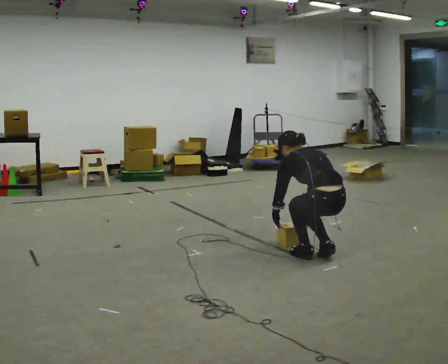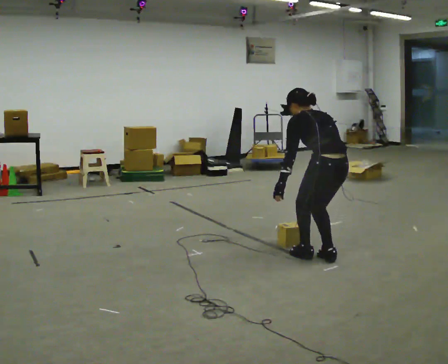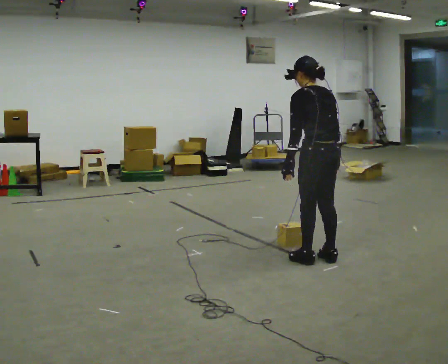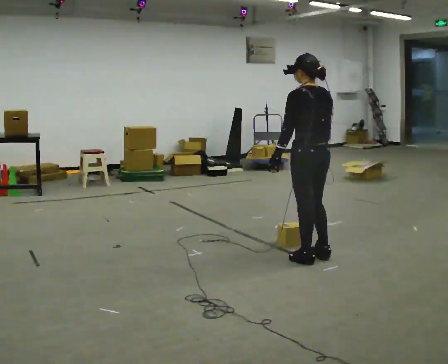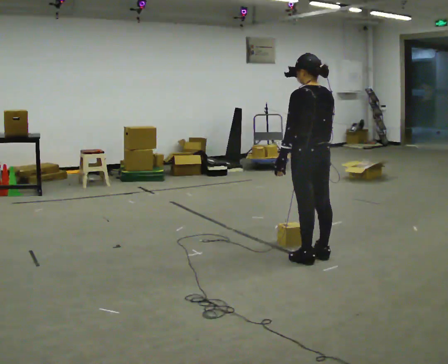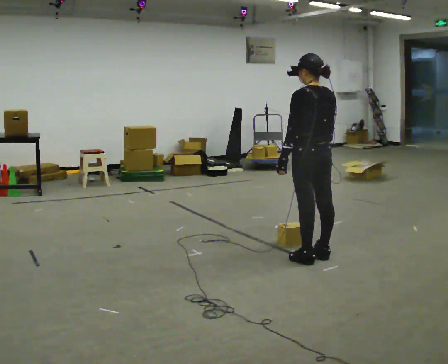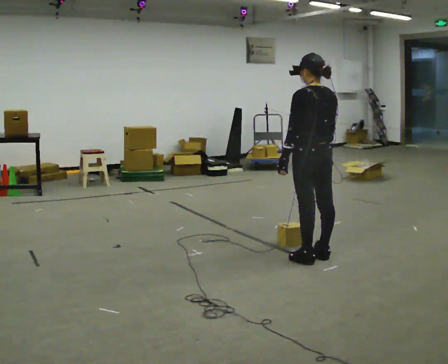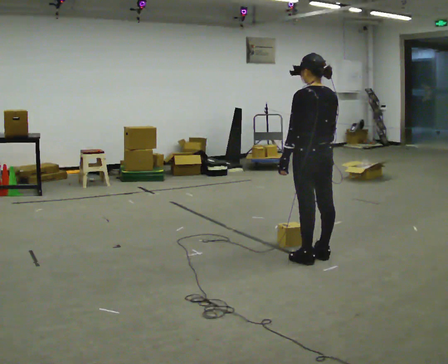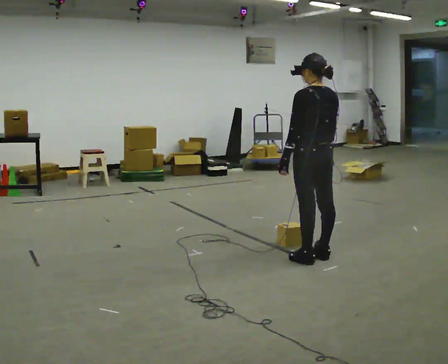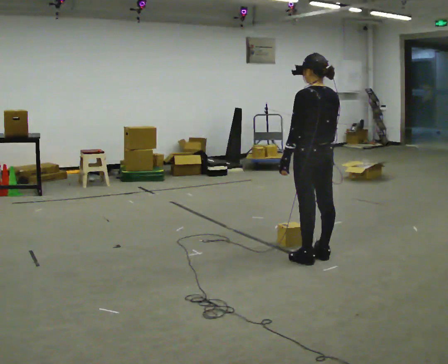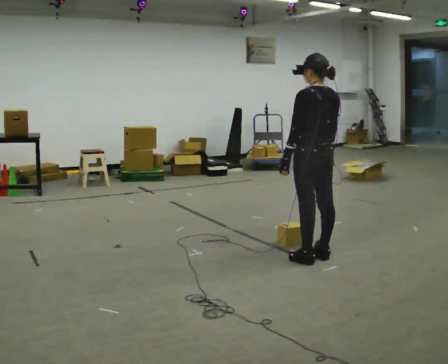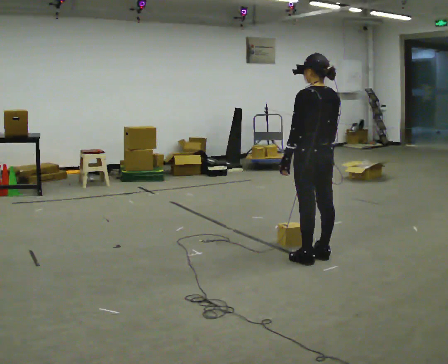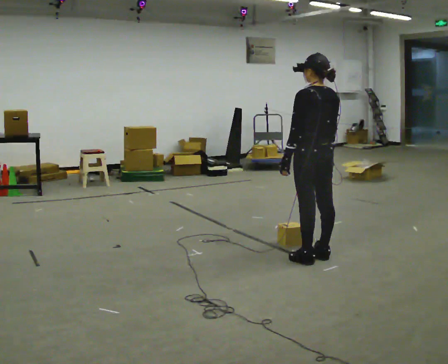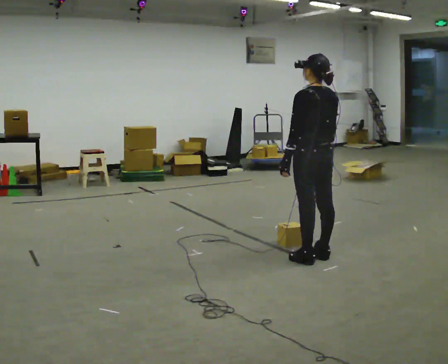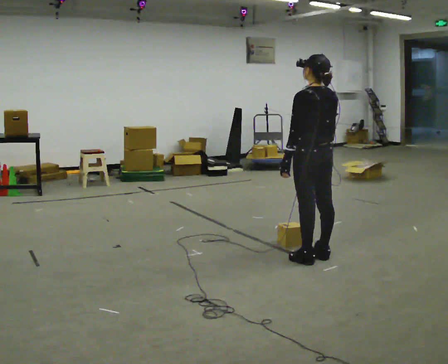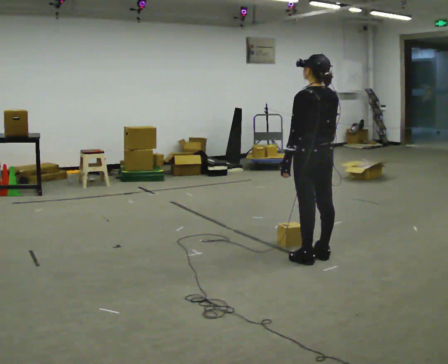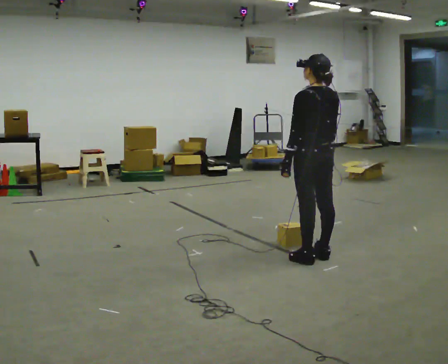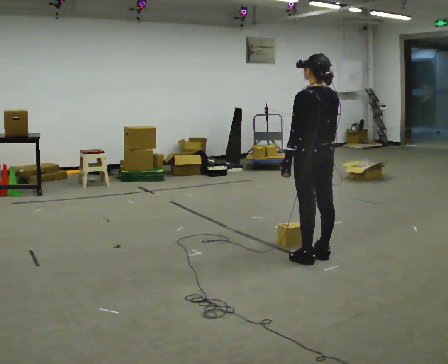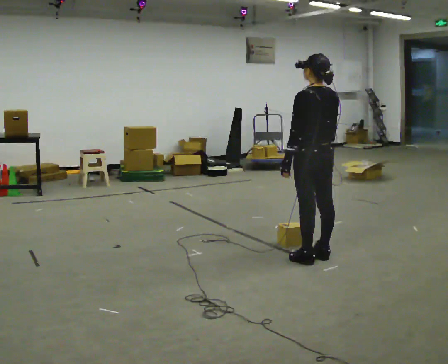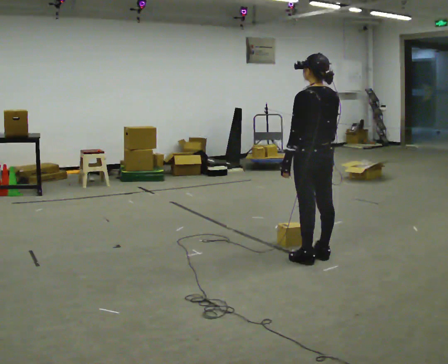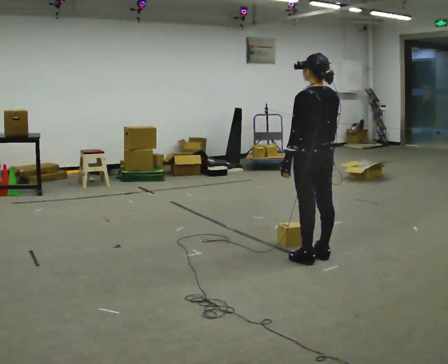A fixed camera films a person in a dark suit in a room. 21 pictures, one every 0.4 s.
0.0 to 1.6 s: The shoulders move upward. In the picture the upper body tilts clockwise, shoulders to the right, as they lean back or straighten. In the picture their left hand goes upward.
1.6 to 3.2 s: The person moves a little, or ends about where they began.
3.2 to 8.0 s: The person keeps their place and pose.
The film runs forward here.
